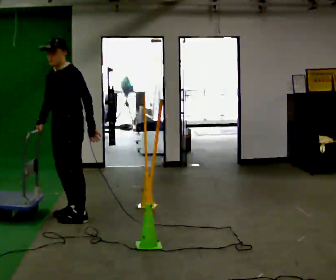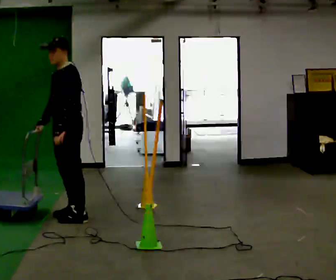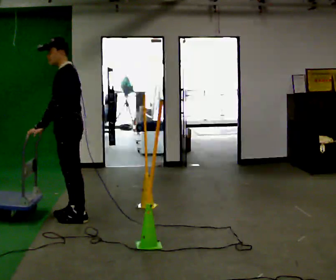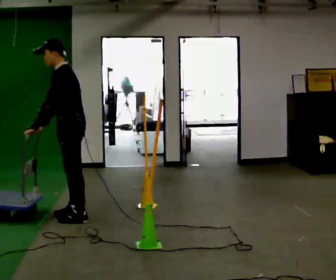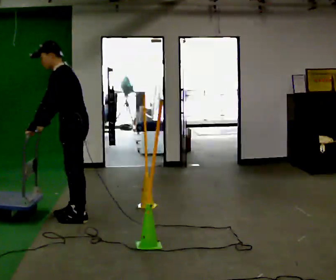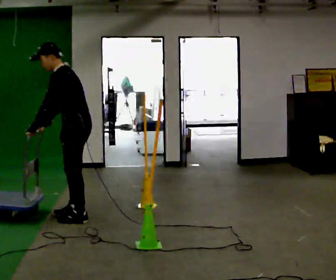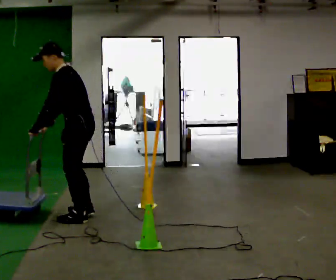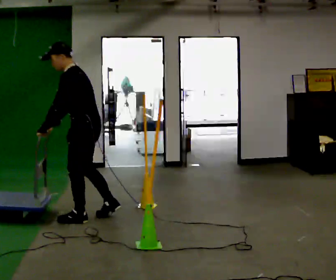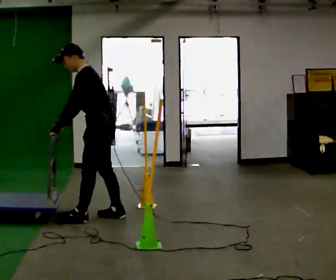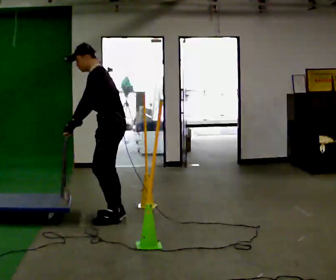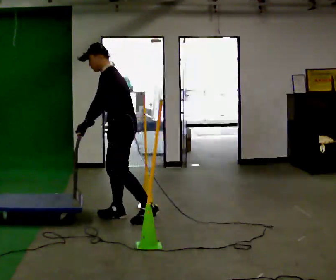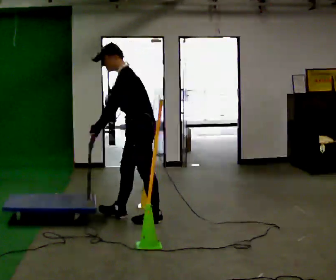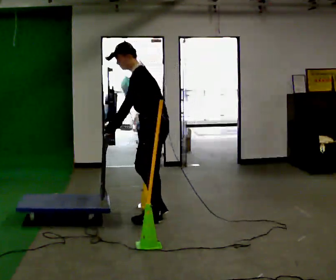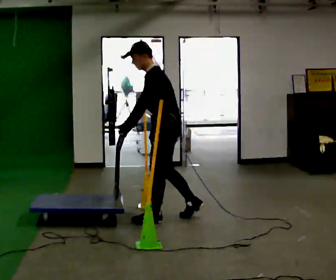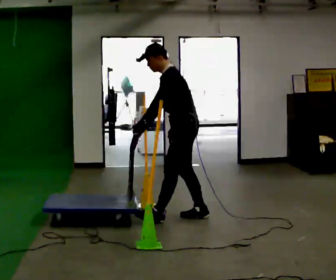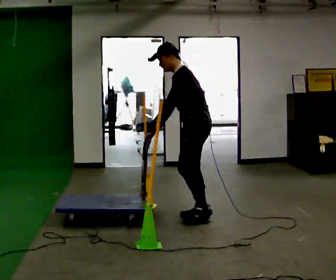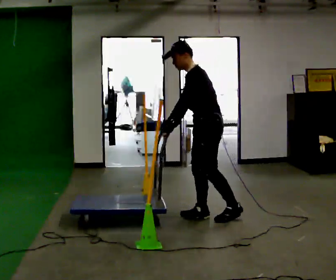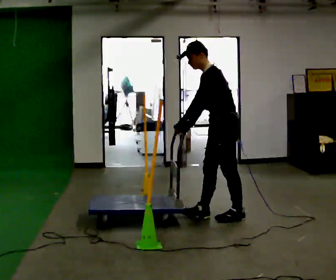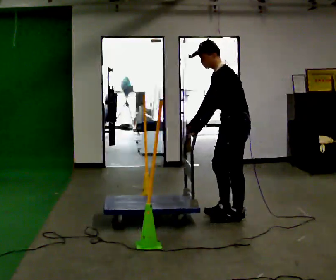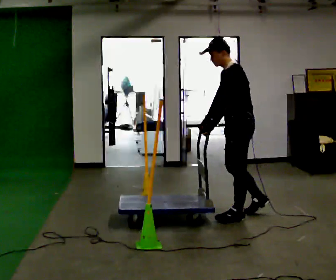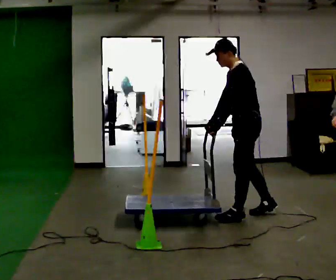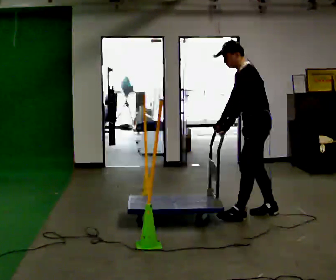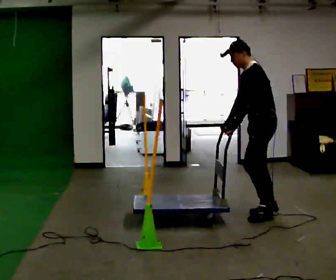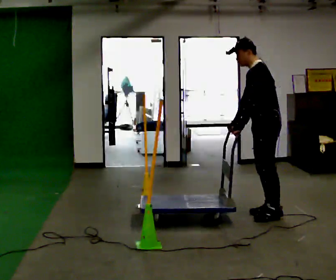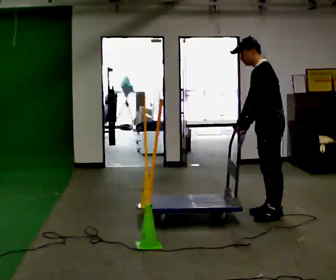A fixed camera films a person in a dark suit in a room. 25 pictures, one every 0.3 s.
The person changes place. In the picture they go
to the right.
0.0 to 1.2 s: The part of the body nearest the lens slides to the left as the person turns to their right by about 45 degrees. In the picture their left hand goes to the left, the arm swinging clockwise.
1.2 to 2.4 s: In the picture they go to the right, about 0.25 m in 1 step, which for them is backward.
2.4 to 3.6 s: In the picture they go to the right, about 0.5 m in 2 steps, which for them is backward.
3.6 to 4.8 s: In the picture they go to the right, about 0.5 m in 1 step, which for them is backward.
4.8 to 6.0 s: In the picture they go to the right, about 0.25 m in 1 step, which for them is backward.
6.0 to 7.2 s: In the picture they go to the right, about 0.25 m in 1 step, which for them is backward.
The film runs backward here.
